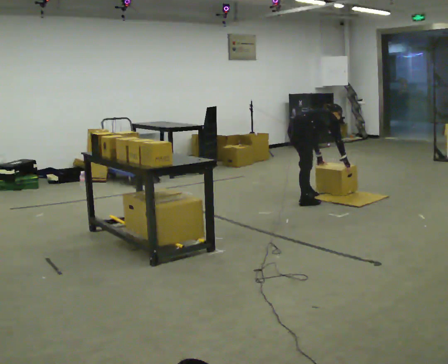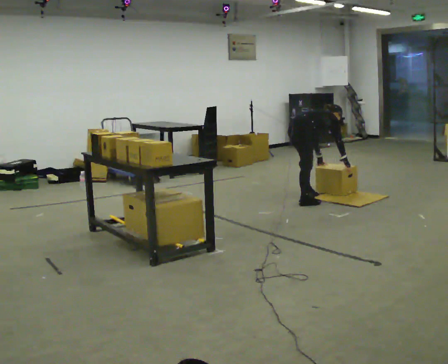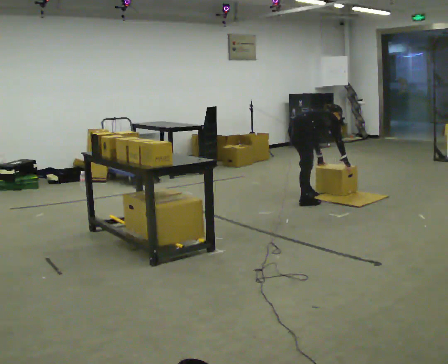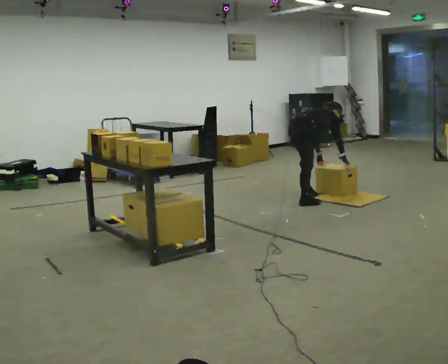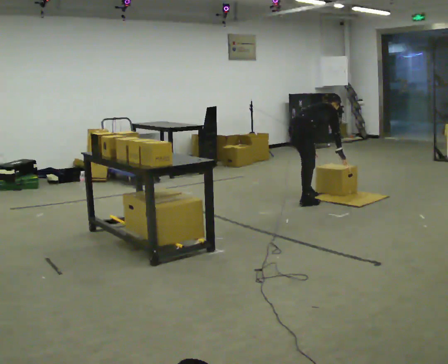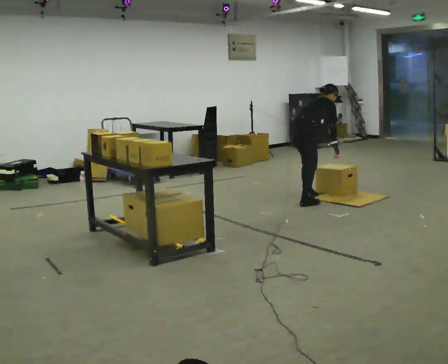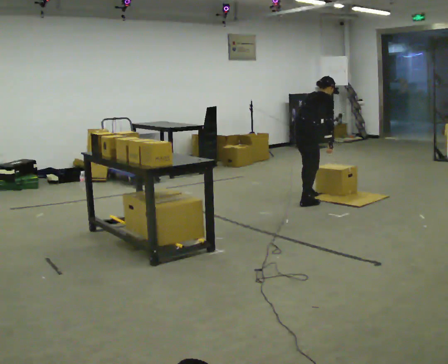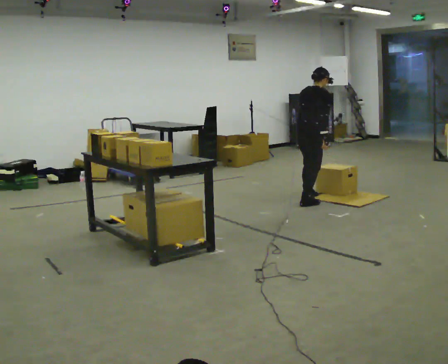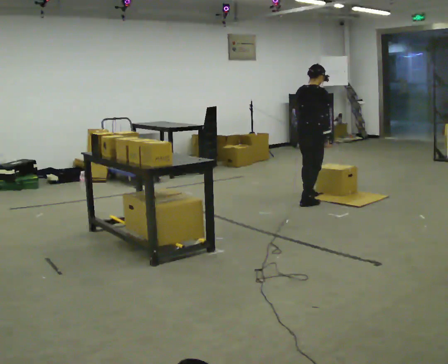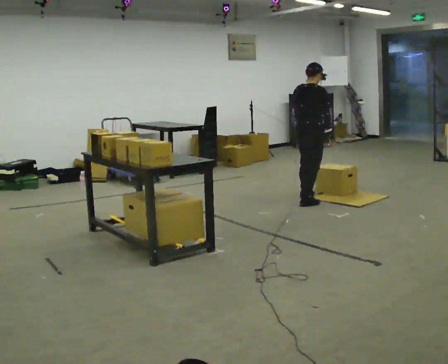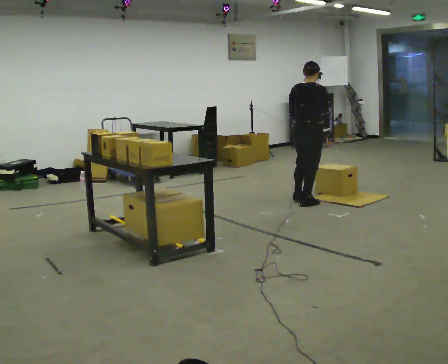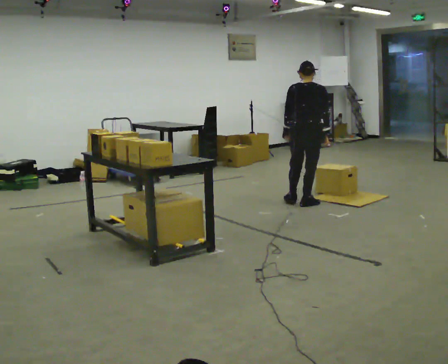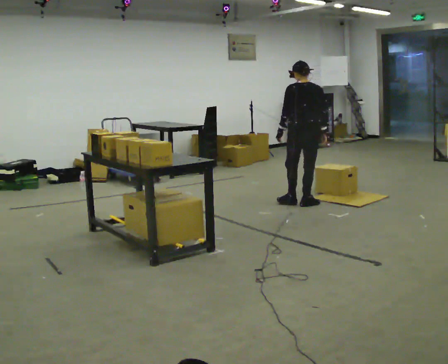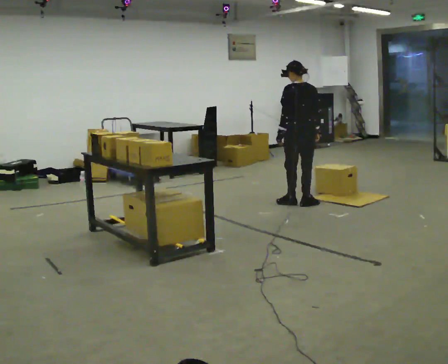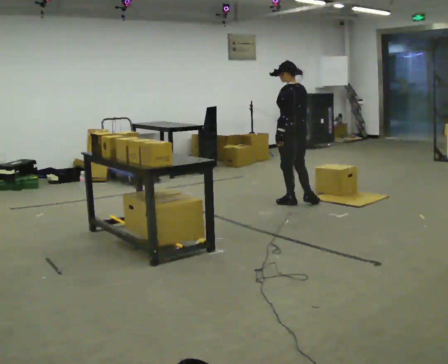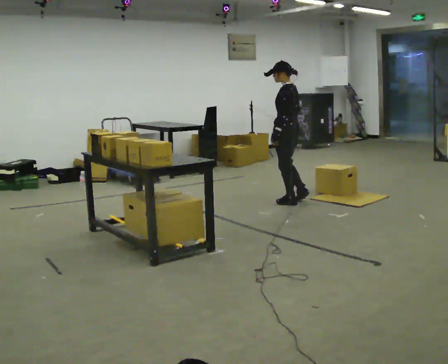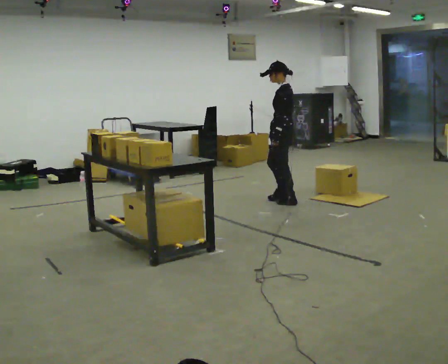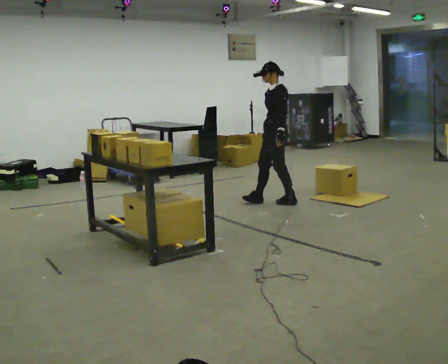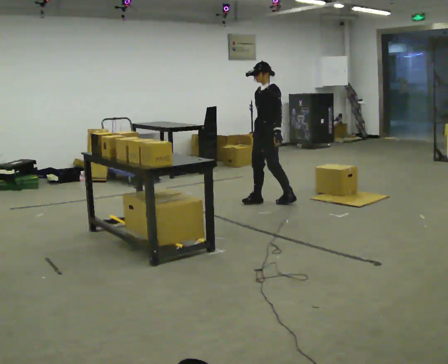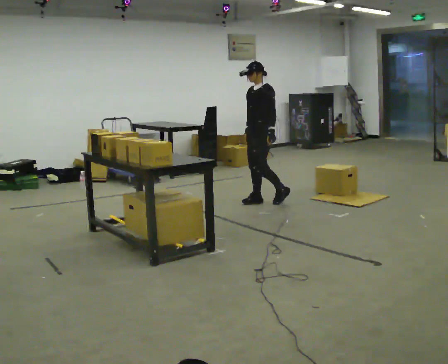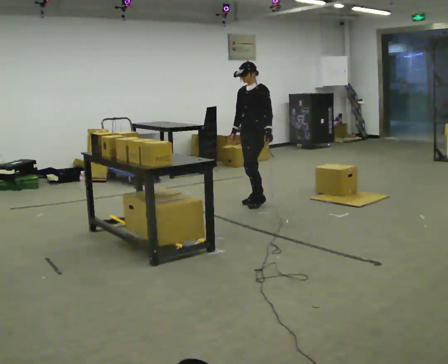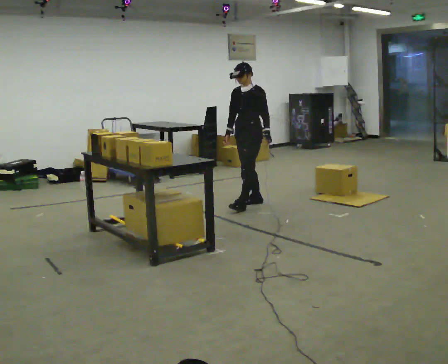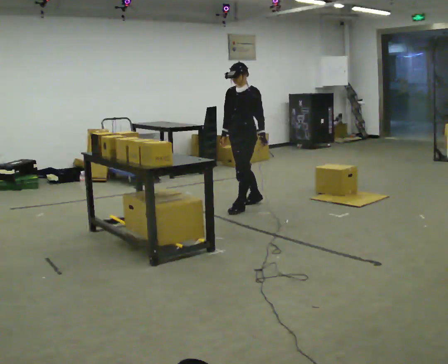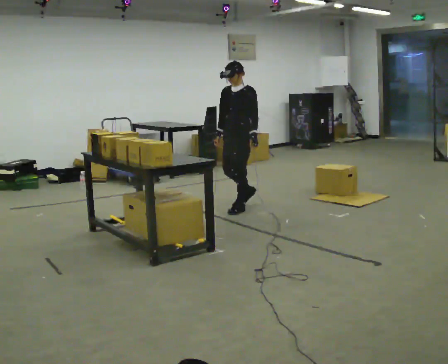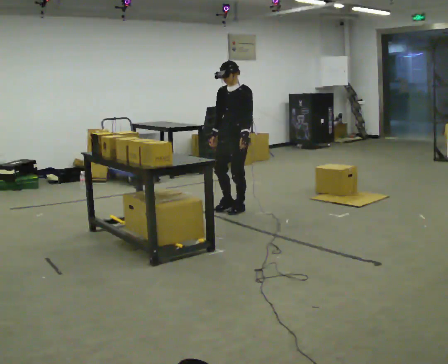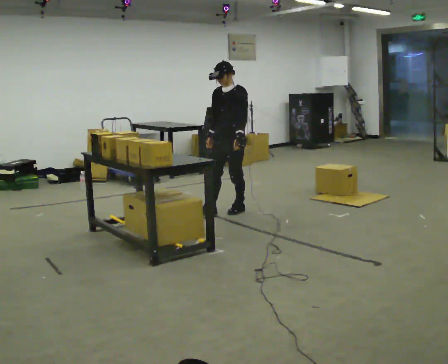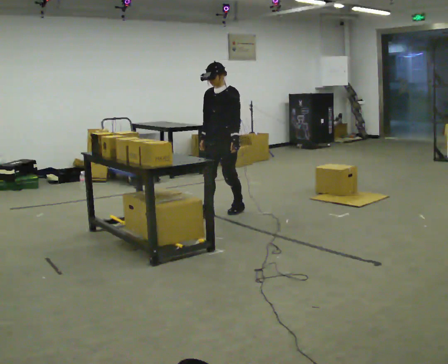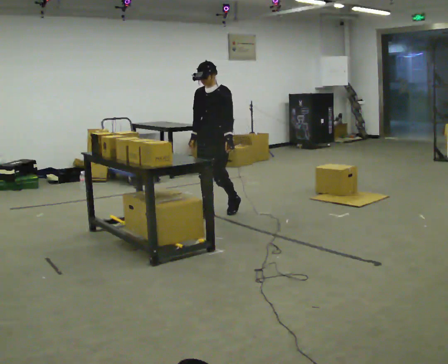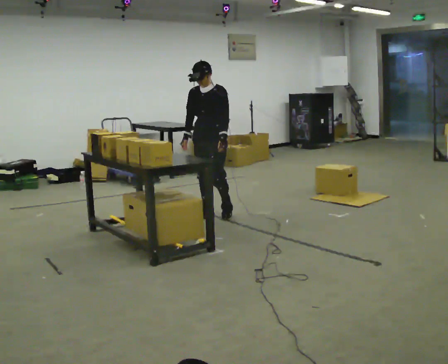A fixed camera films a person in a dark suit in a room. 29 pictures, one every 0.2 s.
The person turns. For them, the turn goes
to their left.
The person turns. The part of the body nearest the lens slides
to the right.
0.0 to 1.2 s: In the picture they go toward the camera, about 0.25 m, which for them is to their right. The upper body goes upward. In the picture the upper body tilts counterclockwise, shoulders to the left, as they lean back or straighten.
1.2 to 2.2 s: The person turns about 45 degrees to their left, counterclockwise seen from above, so the part of the body nearest the lens slides to the right. In the picture they go toward the camera, about 0.25 m in 1 step, which for them is to their right. In the picture the upper body tilts counterclockwise, shoulders to the left, as they lean back or straighten.
2.2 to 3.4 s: The part of the body nearest the lens slides to the right as the person turns to their left by about 120 degrees. In the picture they go to the left, about 0.25 m.
3.4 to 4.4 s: The part of the body nearest the lens slides to the right as the person turns to their left by about 30 degrees. In the picture they go to the left and toward the camera, about 0.5 m in 2 steps, which for them is forward.
4.4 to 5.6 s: In the picture they go toward the camera and to the left, about 0.5 m in 1 step, which for them is forward.
The film runs forward here.
